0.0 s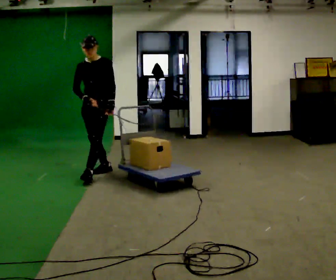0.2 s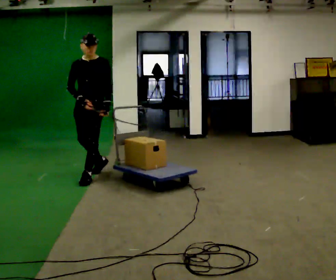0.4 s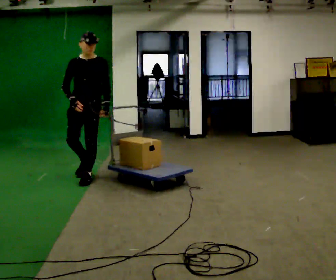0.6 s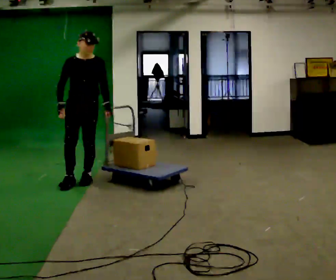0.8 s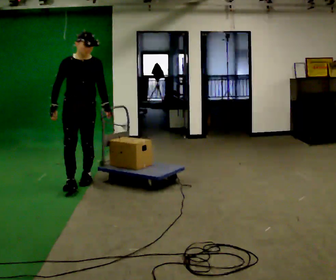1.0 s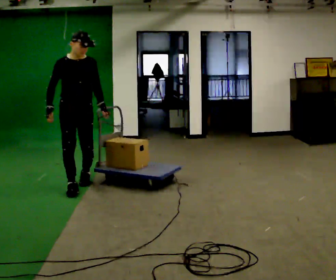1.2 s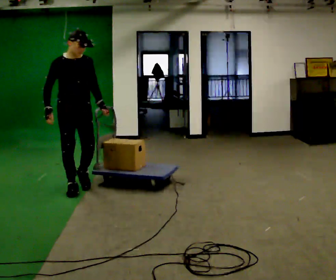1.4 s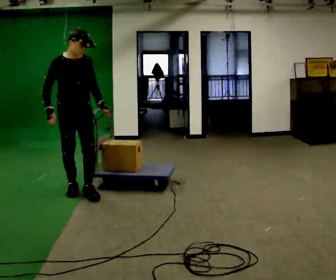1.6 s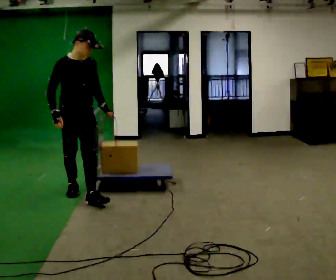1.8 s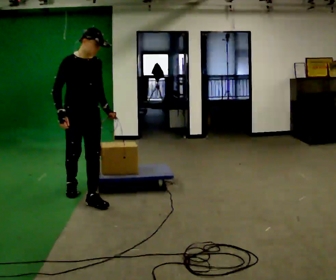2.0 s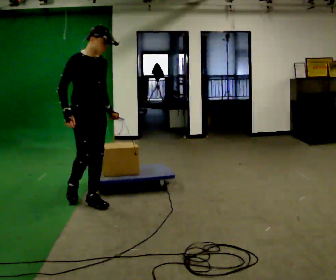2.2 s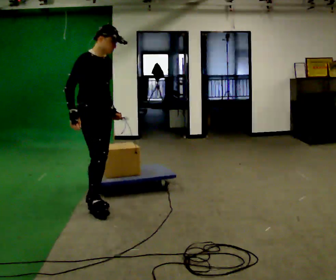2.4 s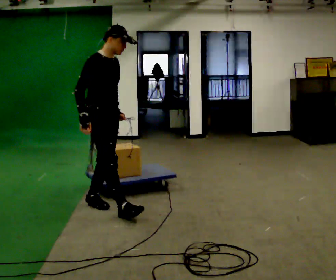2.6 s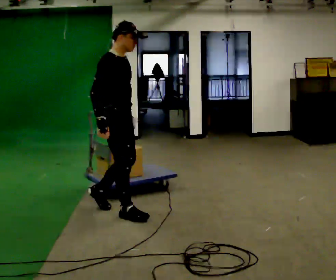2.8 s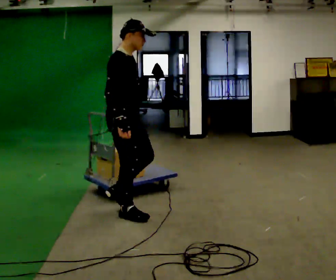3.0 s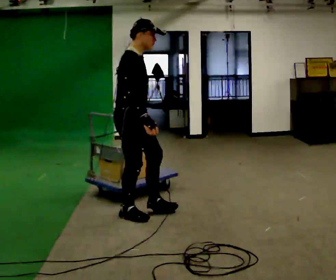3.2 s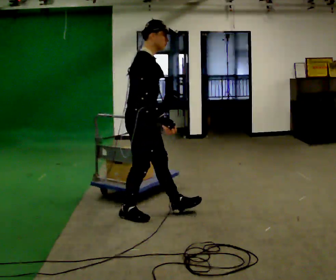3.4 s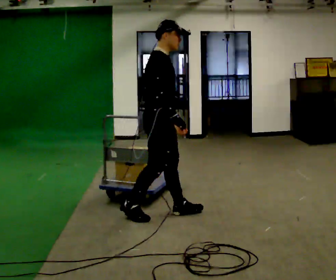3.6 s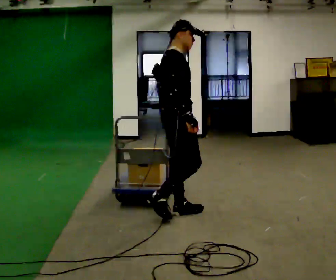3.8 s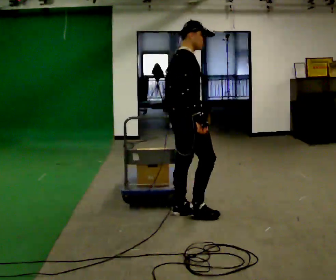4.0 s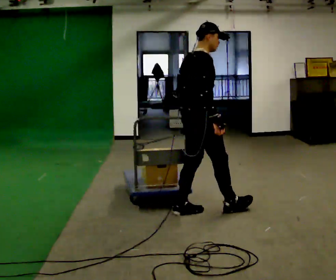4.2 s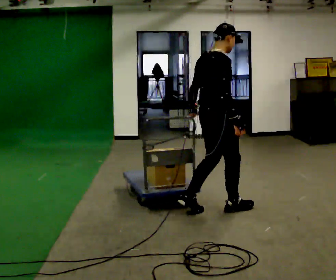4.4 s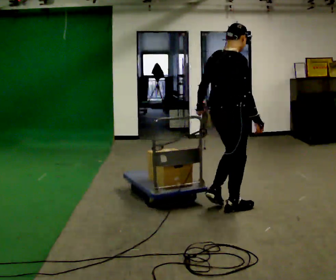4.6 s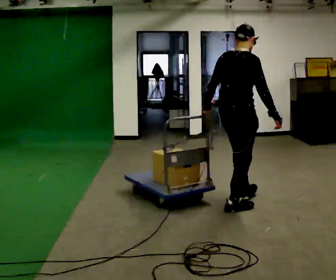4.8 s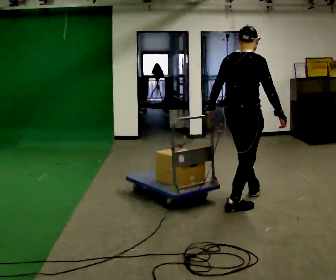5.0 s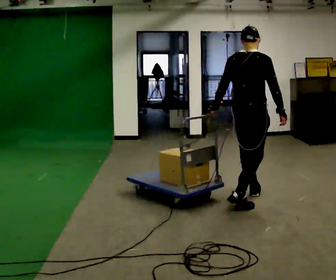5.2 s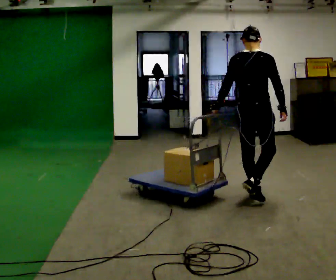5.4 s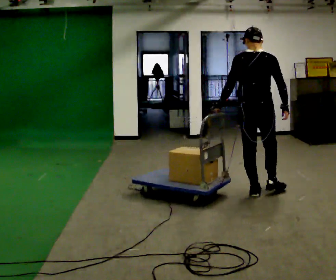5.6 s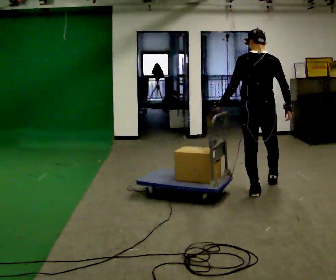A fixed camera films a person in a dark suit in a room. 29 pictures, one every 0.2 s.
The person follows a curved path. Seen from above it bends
counterclockwise.
The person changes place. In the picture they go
to the right.
0.0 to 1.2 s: The part of the body nearest the lens slides to the right as the person turns to their left by about 45 degrees. In the picture they go toward the camera, about 0.5 m in 2 steps, which for them is forward.
1.2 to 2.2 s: The person turns about 30 degrees to their left, counterclockwise seen from above, so the part of the body nearest the lens slides to the right. In the picture they go toward the camera and to the right, about 0.5 m in 1 step, which for them is forward.
2.2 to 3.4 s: Seen from above the body turns counterclockwise, about 30 degrees: to their left, with its near side sliding to the right. In the picture they go to the right and toward the camera, about 0.5 m in 2 steps, which for them is forward.
3.4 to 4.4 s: The person turns about 30 degrees to their left, counterclockwise seen from above, so the part of the body nearest the lens slides to the right. In the picture they go to the right, about 0.75 m in 1 step, which for them is forward.
4.4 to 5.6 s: The part of the body nearest the lens slides to the right as the person turns to their left by about 60 degrees. In the picture they go away from the camera and to the right, about 0.75 m in 1 step, which for them is forward.
The film runs forward here.
